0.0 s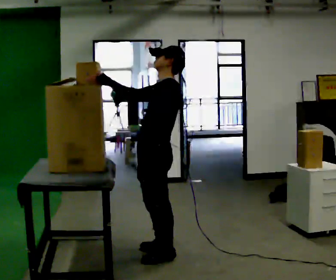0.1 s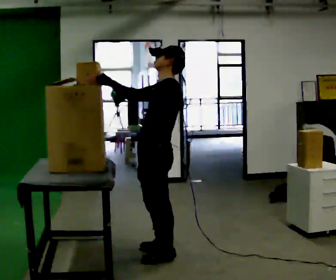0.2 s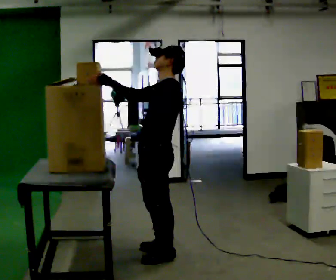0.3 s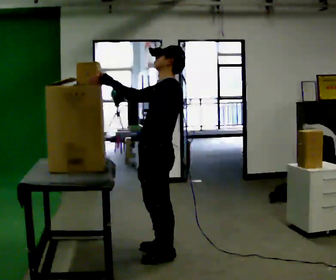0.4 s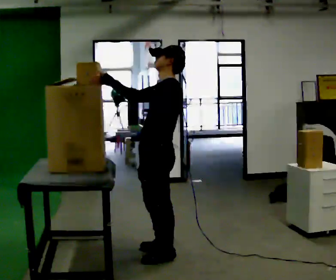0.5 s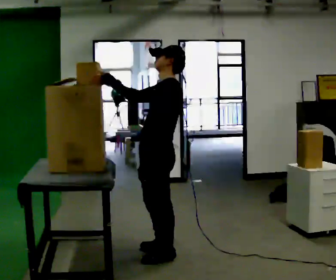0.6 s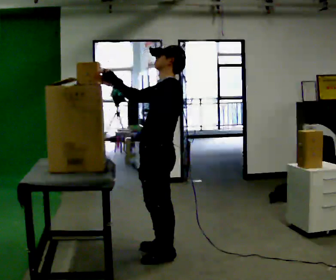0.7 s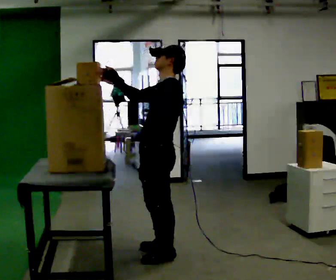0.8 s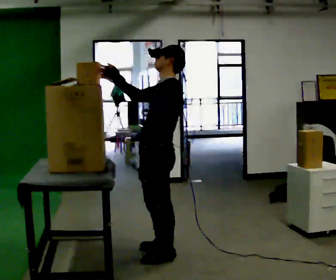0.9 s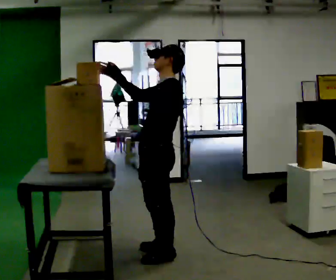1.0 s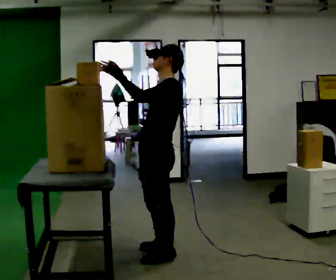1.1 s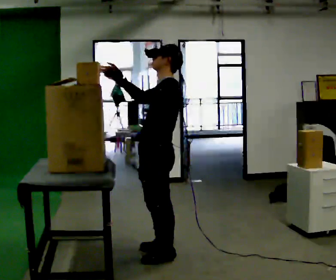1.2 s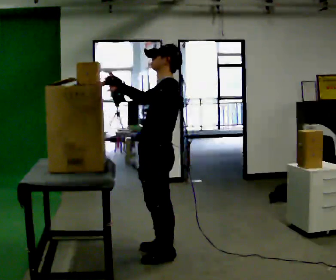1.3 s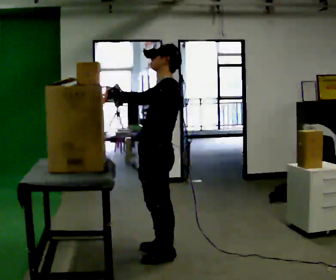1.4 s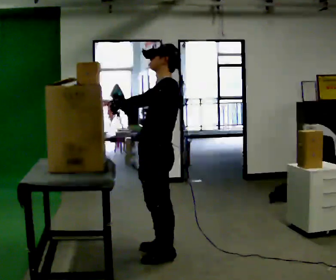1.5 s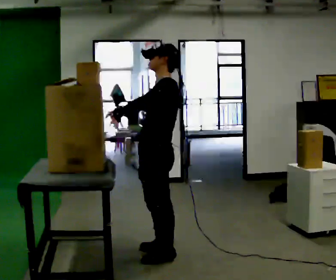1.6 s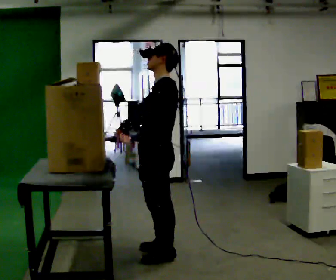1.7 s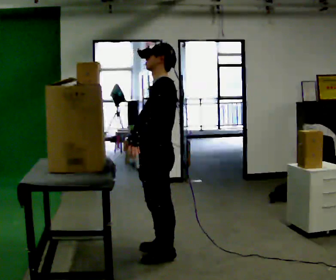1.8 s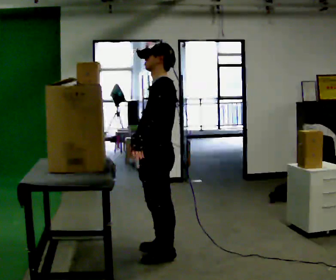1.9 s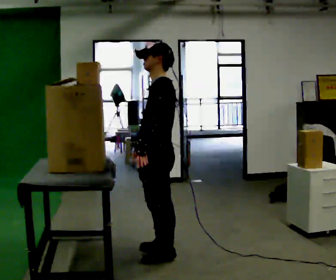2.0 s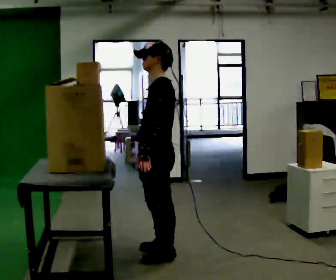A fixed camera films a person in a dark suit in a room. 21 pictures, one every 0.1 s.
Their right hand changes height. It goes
downward.
Their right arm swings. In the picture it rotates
counterclockwise.
0.0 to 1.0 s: The person moves a little, or ends about where they began.
1.0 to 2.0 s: In the picture their right hand goes downward, the arm swinging counterclockwise.
The film runs backward here.
